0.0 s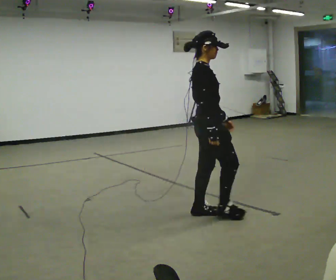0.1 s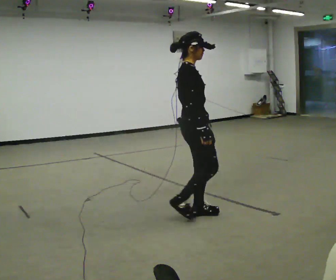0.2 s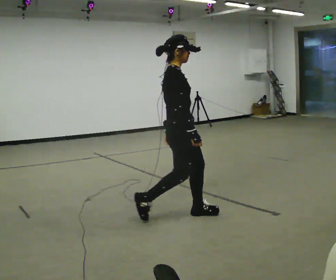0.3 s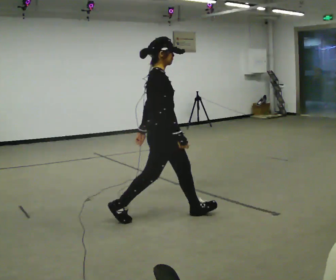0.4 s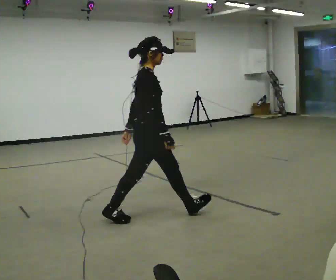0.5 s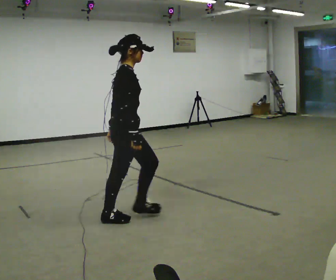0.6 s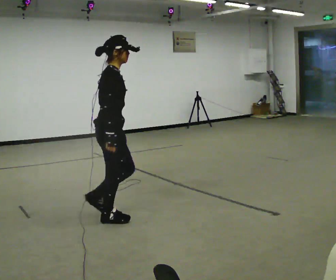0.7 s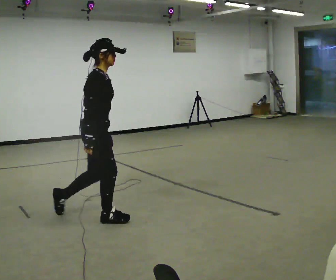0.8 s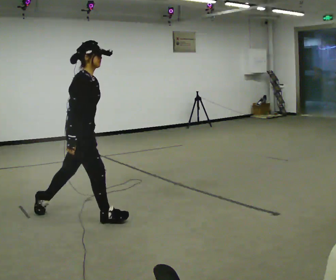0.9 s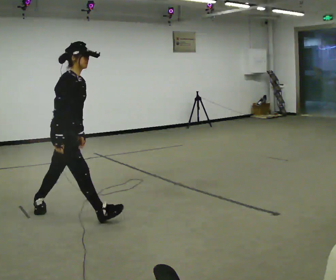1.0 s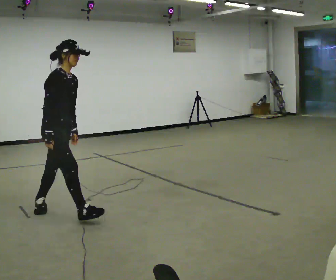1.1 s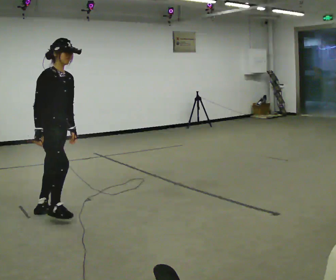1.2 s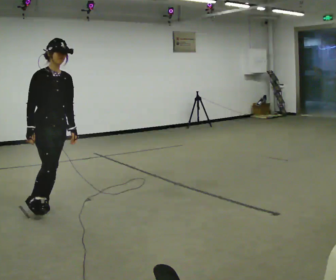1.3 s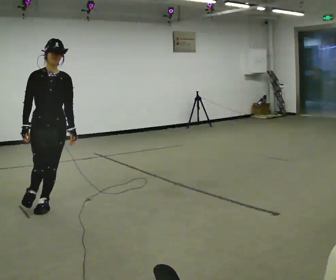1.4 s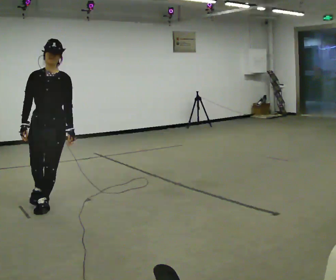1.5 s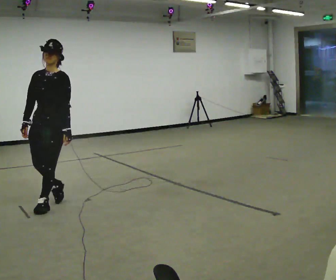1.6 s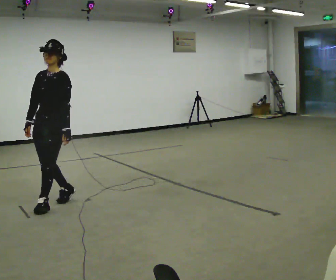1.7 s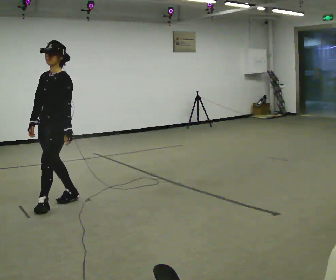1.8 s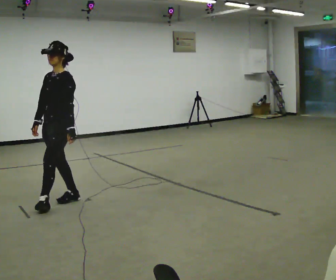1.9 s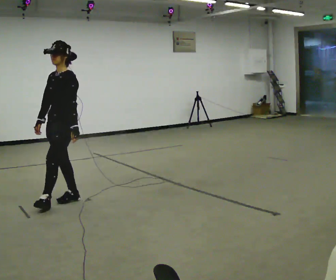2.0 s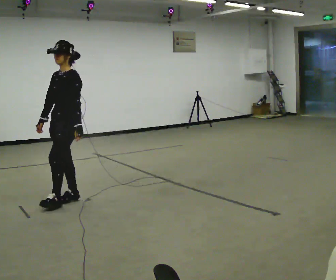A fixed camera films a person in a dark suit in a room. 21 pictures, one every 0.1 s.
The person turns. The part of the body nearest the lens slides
to the left.
The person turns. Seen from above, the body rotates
clockwise.
0.0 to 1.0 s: In the picture they go to the left, about 1.5 m in 2 steps, which for them is backward. In the picture the upper body tilts clockwise, shoulders to the right, as they bend forward.
1.0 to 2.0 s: Seen from above the body turns clockwise, about 120 degrees: to their right, with its near side sliding to the left. In the picture they go away from the camera, about 0.5 m in 1 step.
The film runs backward here.
